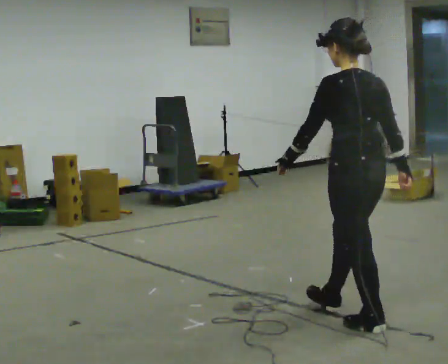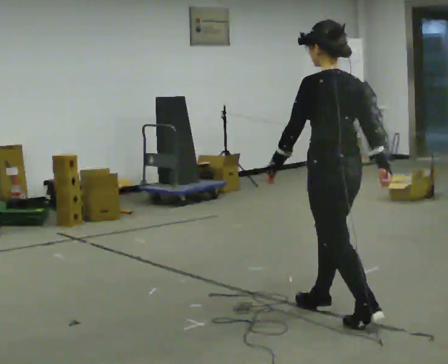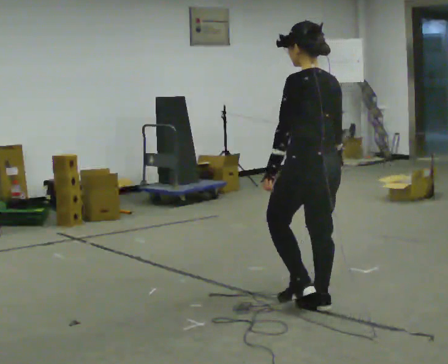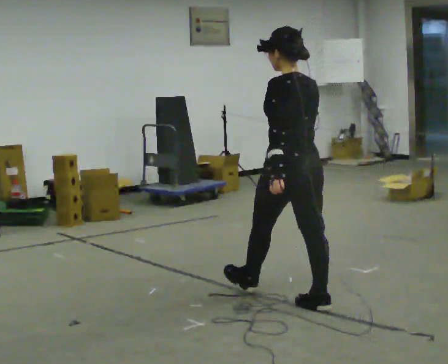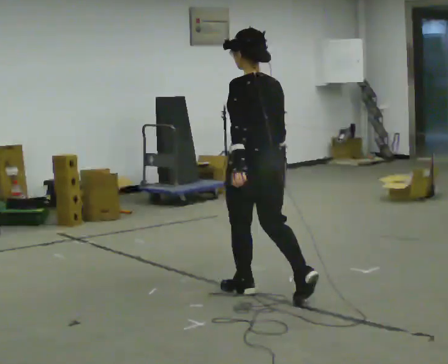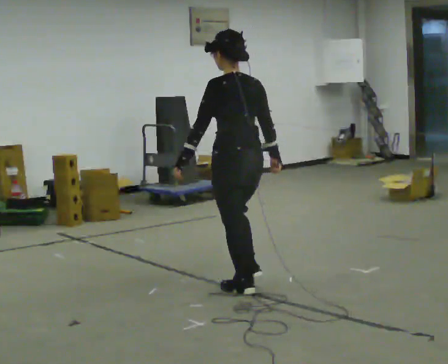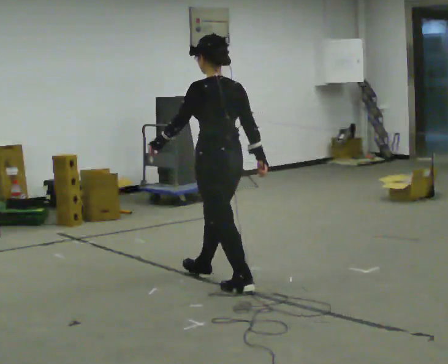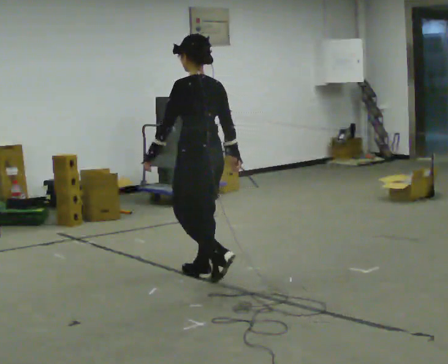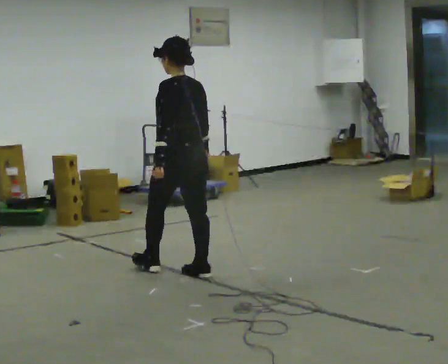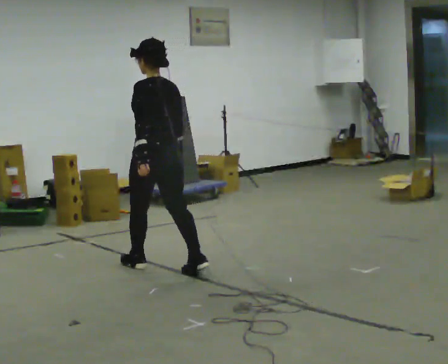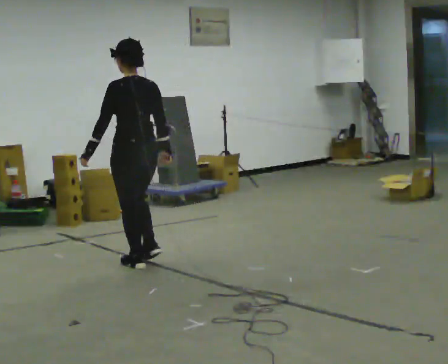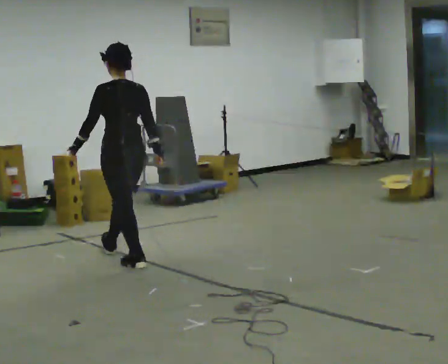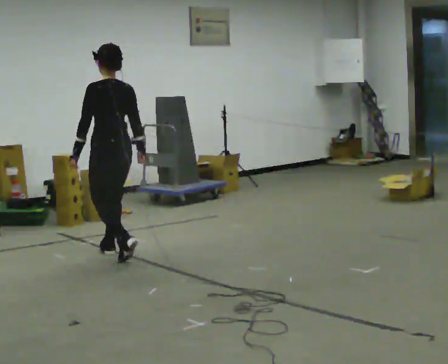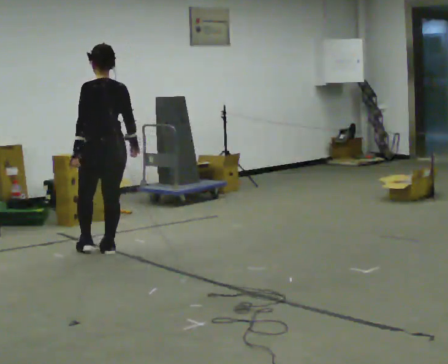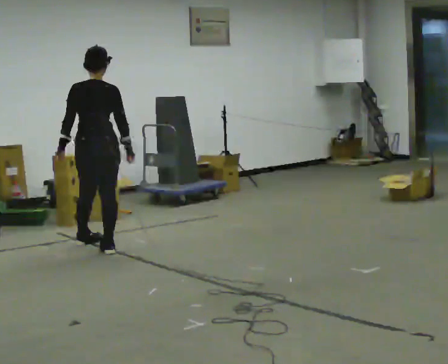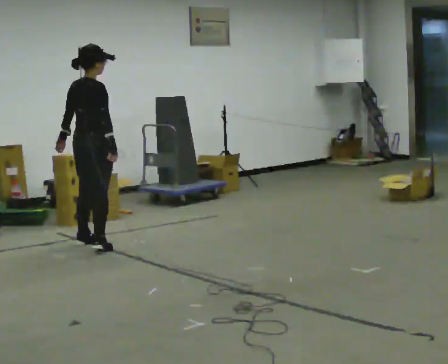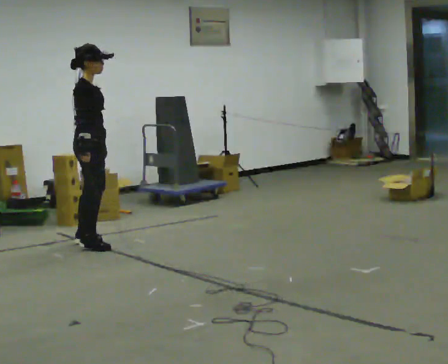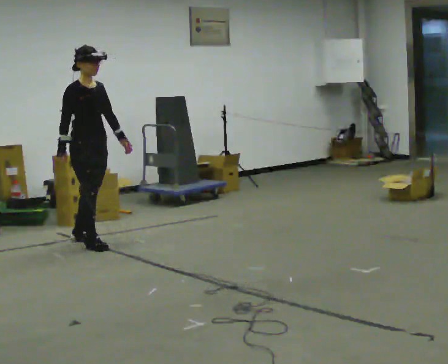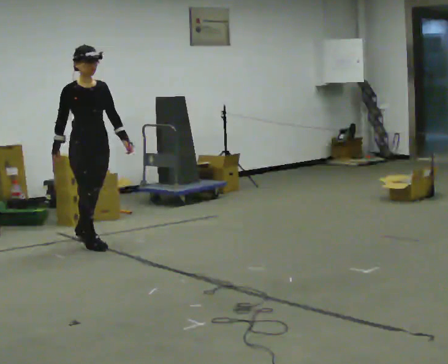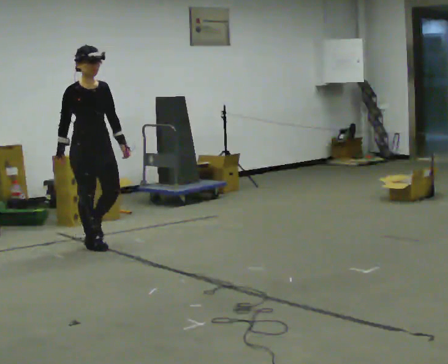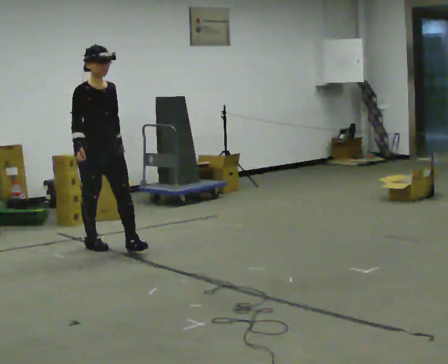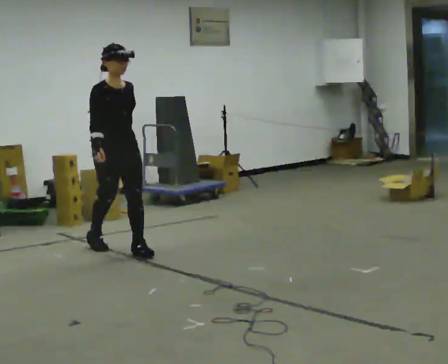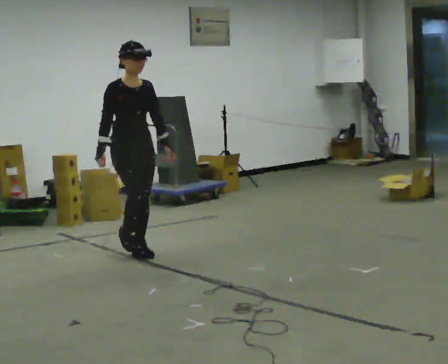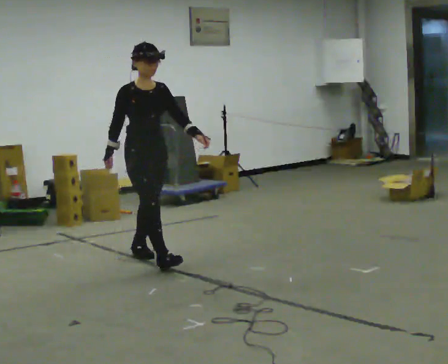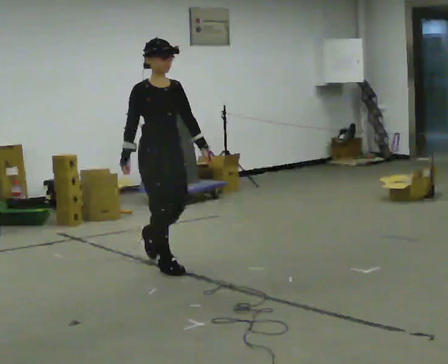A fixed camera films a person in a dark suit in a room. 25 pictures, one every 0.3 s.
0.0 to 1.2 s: In the picture they go away from the camera and to the left, about 1 m in 2 steps, which for them is forward.
1.2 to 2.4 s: In the picture they go away from the camera and to the left, about 0.5 m in 1 step, which for them is forward.
2.4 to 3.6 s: In the picture they go away from the camera and to the left, about 1 m in 2 steps, which for them is forward.
3.6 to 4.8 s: Seen from above the body turns clockwise, about 135 degrees: to their right, with its near side sliding to the left. In the picture they go away from the camera and to the left, about 0.5 m in 1 step.
4.8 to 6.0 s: Seen from above the body turns clockwise, about 45 degrees: to their right, with its near side sliding to the left. In the picture they go toward the camera, about 0.25 m in 2 steps, which for them is forward.
6.0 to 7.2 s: In the picture they go toward the camera and to the right, about 1 m in 2 steps, which for them is forward.
The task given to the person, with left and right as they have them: Walk forward noticeably slower than normal; do not shuffle; stop.
The film runs forward here.
